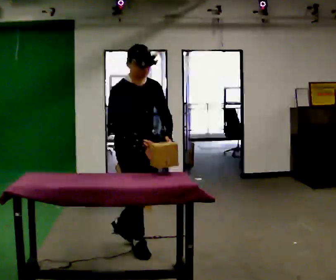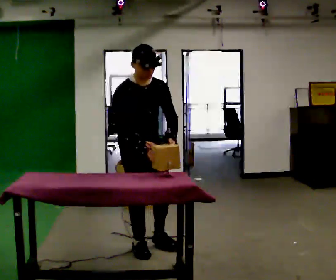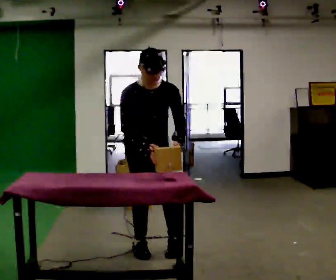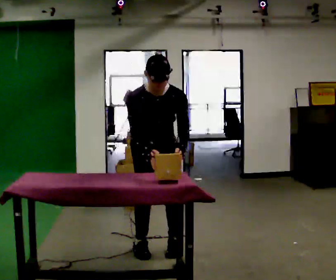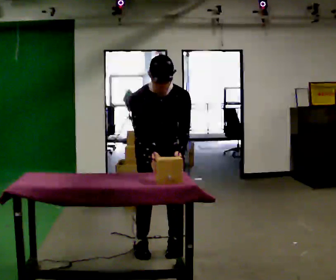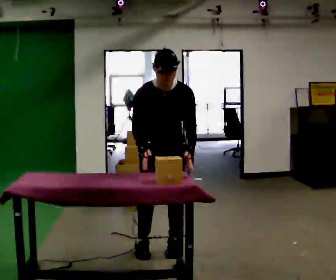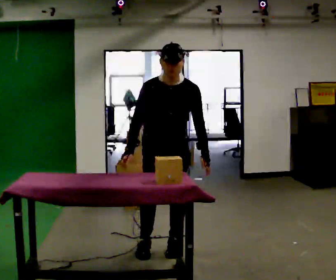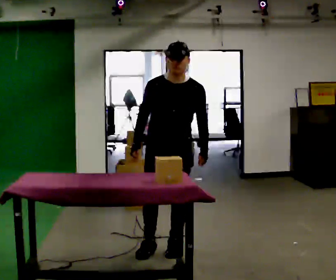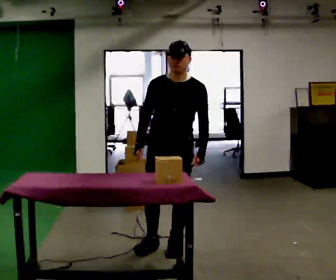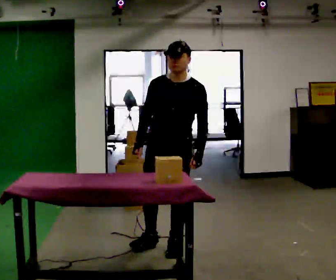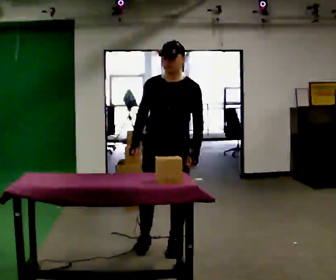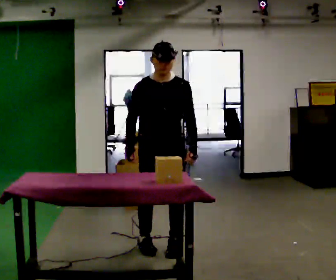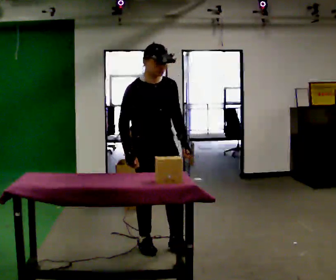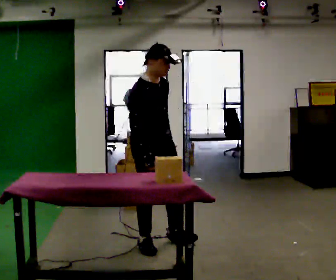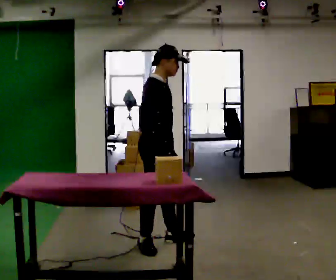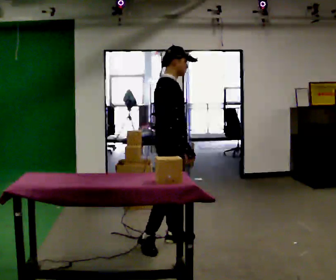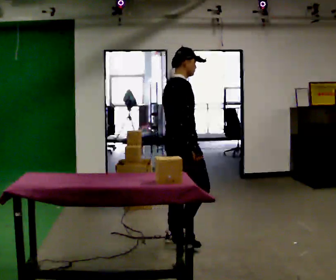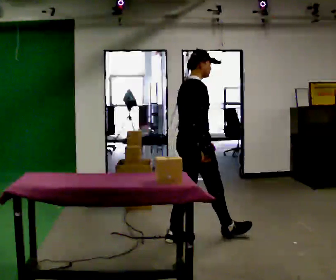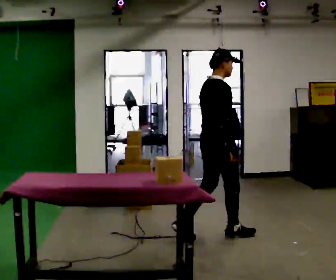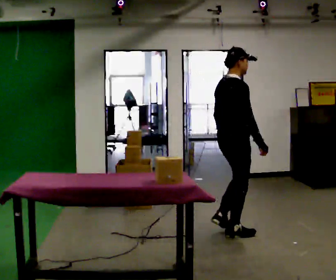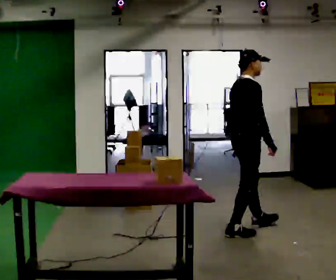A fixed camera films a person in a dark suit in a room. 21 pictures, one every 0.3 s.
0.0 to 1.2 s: Seen from above the body turns clockwise, about 30 degrees: to their right, with its near side sliding to the left. In the picture they go to the right, about 0.25 m in 1 step, which for them is to their left. The upper body tips toward the camera, its near side rolling downward, as they bend forward.
1.2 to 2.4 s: The upper body tips away from the camera, its near side rolling upward, as they lean back or straighten.
2.4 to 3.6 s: Seen from above the body turns counterclockwise, about 45 degrees: to their left, with its near side sliding to the right. In the picture they go to the left, about 0.25 m in 1 step, which for them is to their right.
3.6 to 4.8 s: Seen from above the body turns counterclockwise, about 75 degrees: to their left, with its near side sliding to the right. In the picture they go to the right and away from the camera, about 0.25 m in 1 step.
4.8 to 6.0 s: In the picture they go to the right and away from the camera, about 0.75 m in 2 steps, which for them is forward.
The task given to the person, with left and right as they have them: Carry the box over and put it on the shelf with the label facing out towards you. Get the orientation right, not just the position. Keep going until the operator says stop; one object at a time, and do not rush between trips.
The film runs forward here.
